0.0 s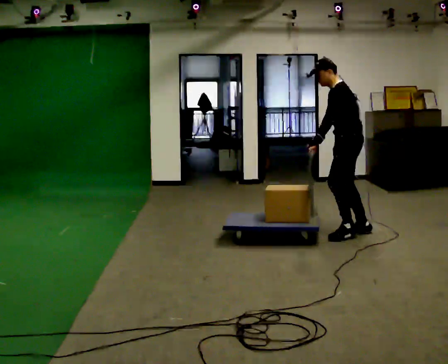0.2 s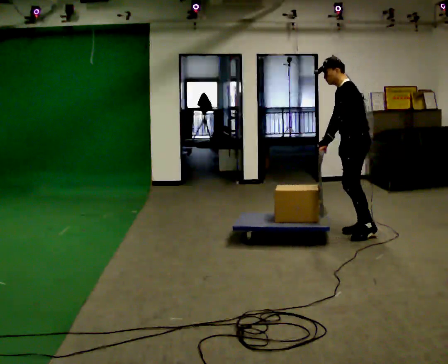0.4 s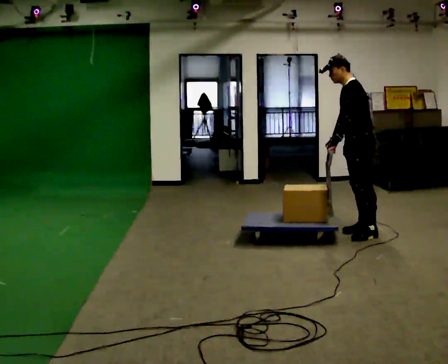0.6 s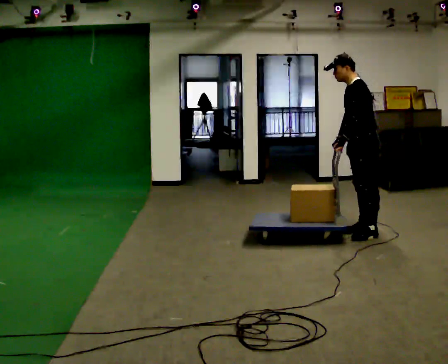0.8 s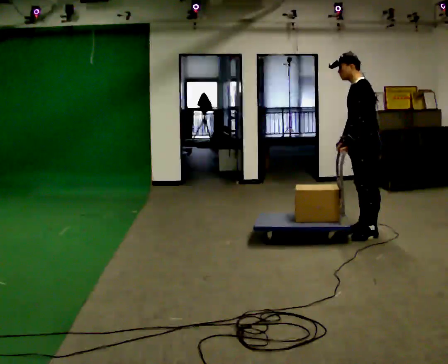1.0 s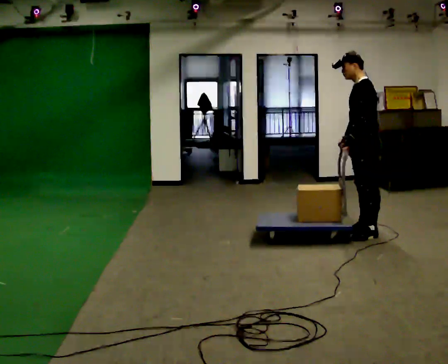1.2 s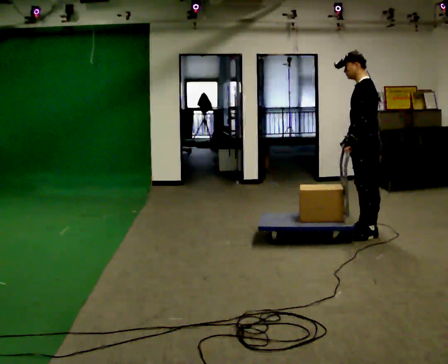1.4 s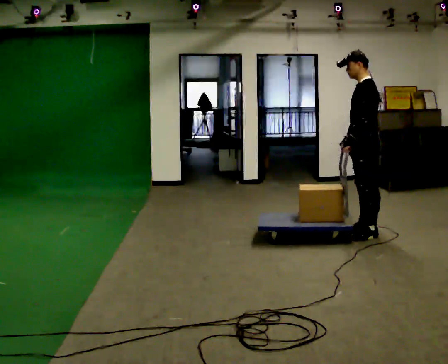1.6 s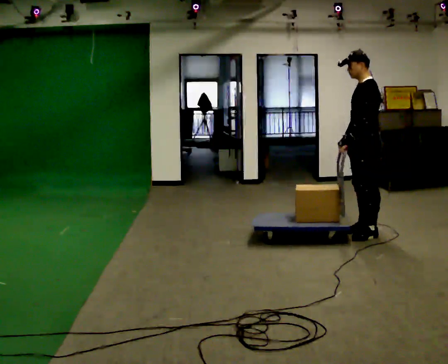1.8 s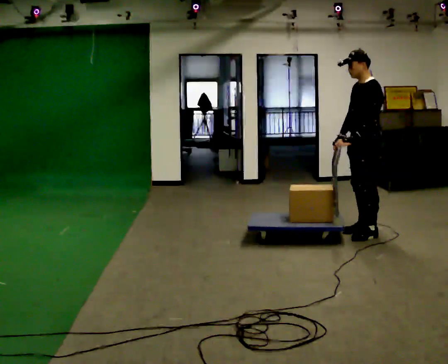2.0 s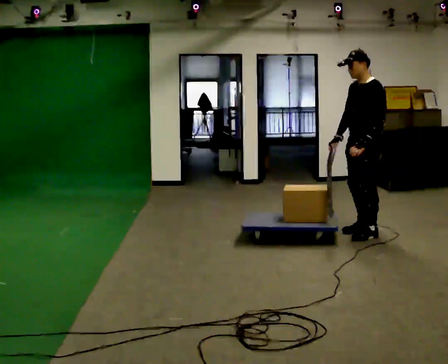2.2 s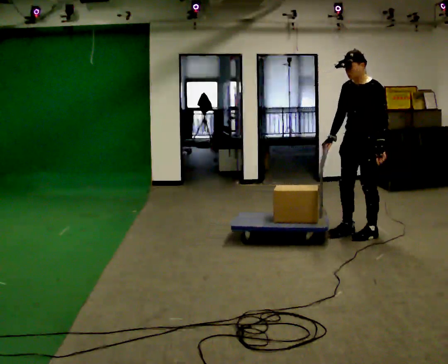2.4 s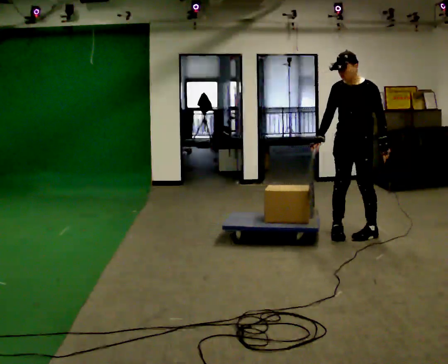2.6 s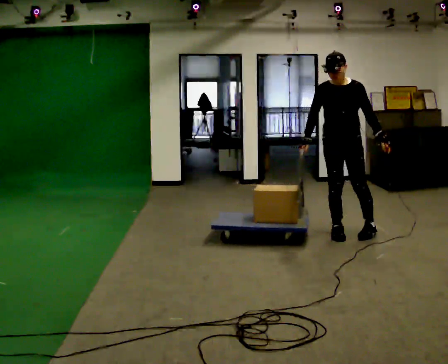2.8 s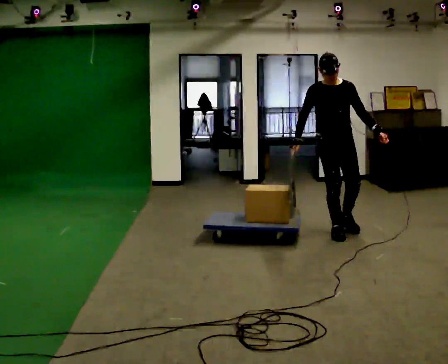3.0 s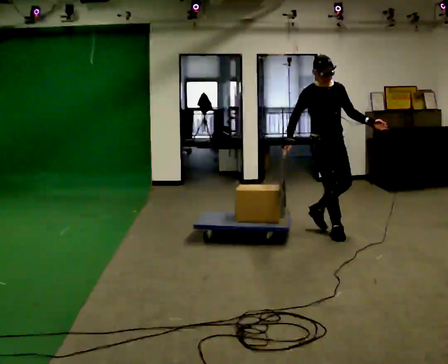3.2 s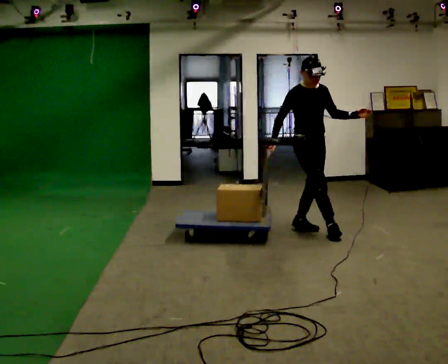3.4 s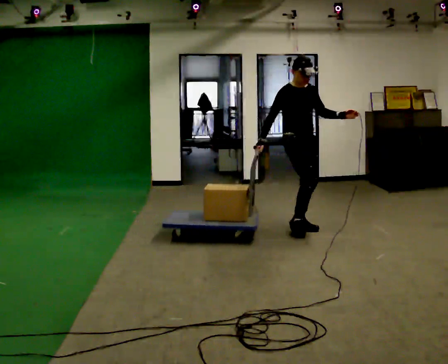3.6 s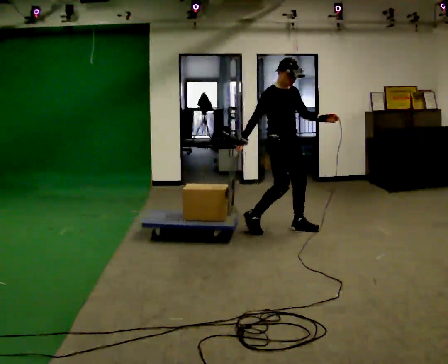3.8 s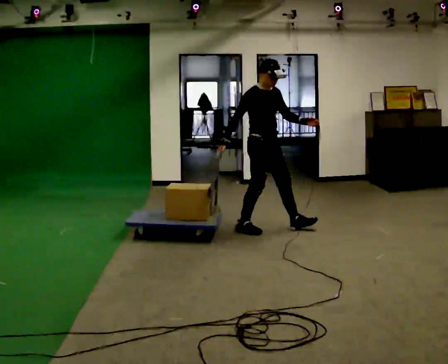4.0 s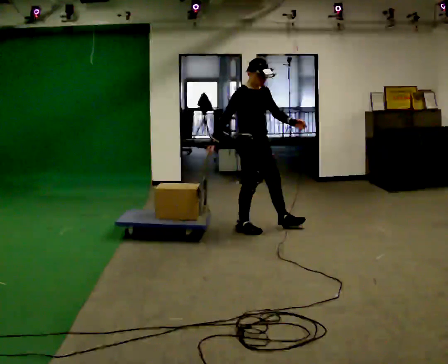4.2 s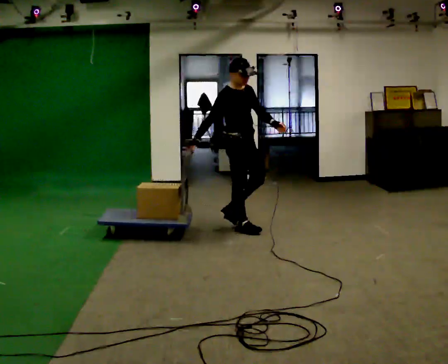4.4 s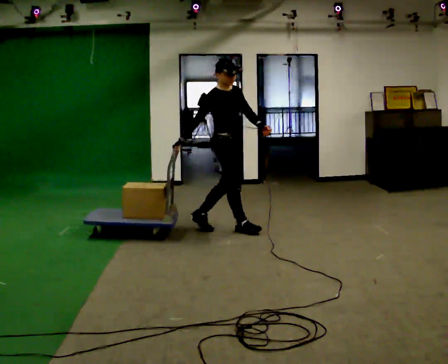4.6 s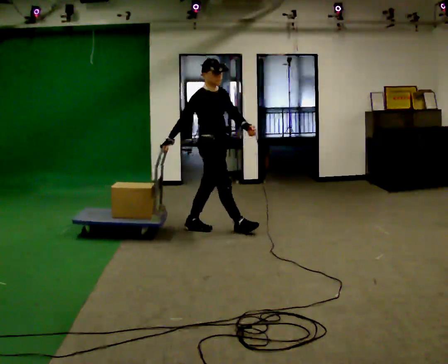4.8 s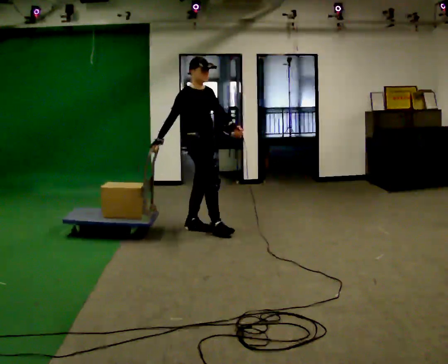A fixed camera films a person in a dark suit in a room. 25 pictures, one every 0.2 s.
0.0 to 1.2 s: In the picture they go to the right, about 0.25 m, which for them is backward. In the picture their left hand goes to the right.
1.2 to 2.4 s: The person turns about 60 degrees to their left, counterclockwise seen from above, so the part of the body nearest the lens slides to the right.
2.4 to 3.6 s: Seen from above the body turns counterclockwise, about 90 degrees: to their left, with its near side sliding to the right. In the picture they go to the left, about 0.5 m in 2 steps.
3.6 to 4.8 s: In the picture they go to the left, about 1 m in 2 steps, which for them is backward.
The film runs backward here.
